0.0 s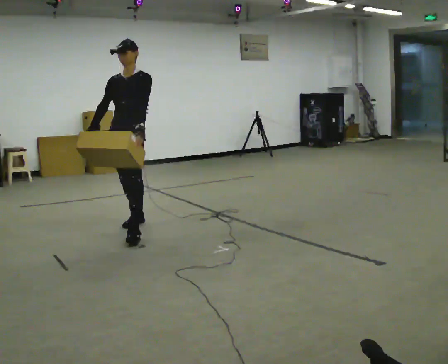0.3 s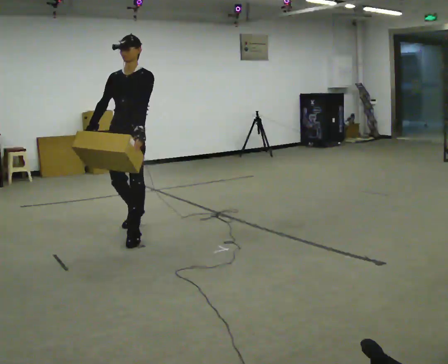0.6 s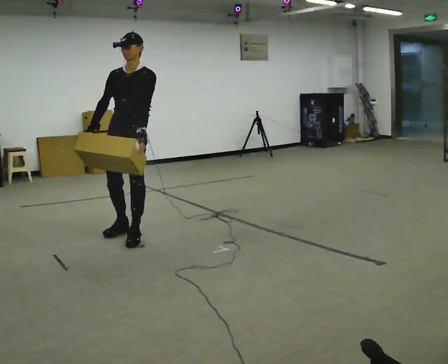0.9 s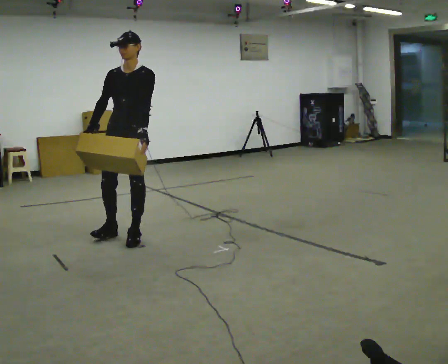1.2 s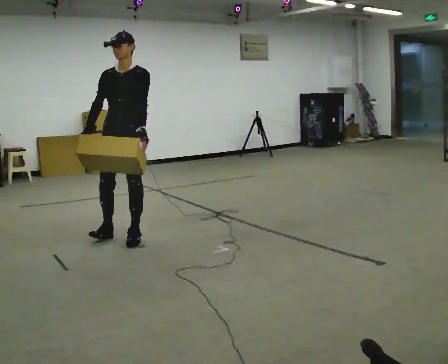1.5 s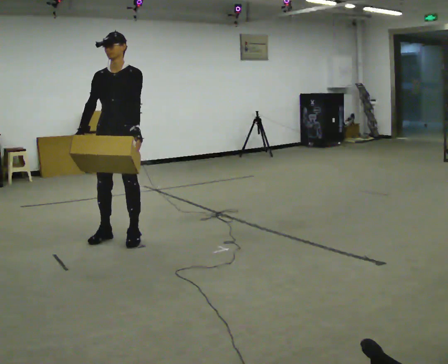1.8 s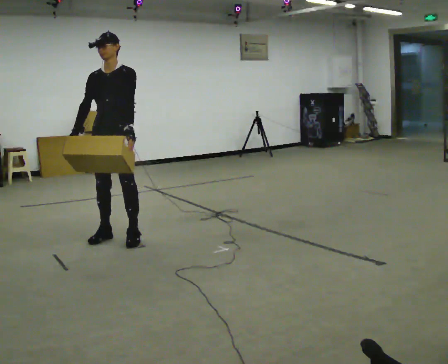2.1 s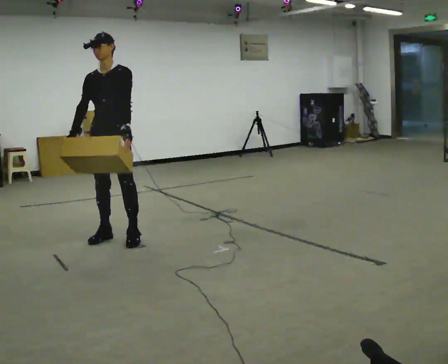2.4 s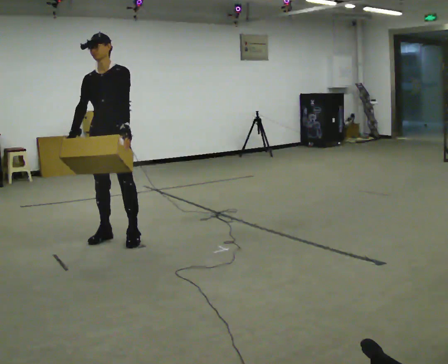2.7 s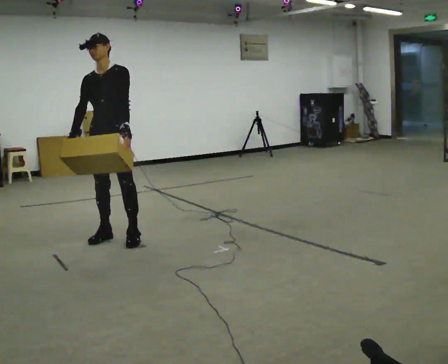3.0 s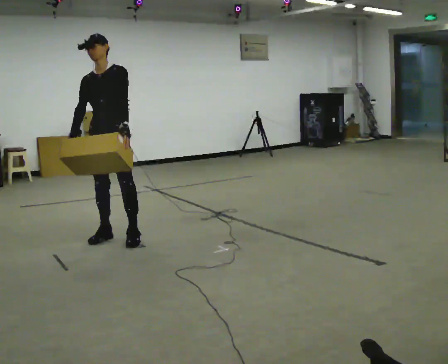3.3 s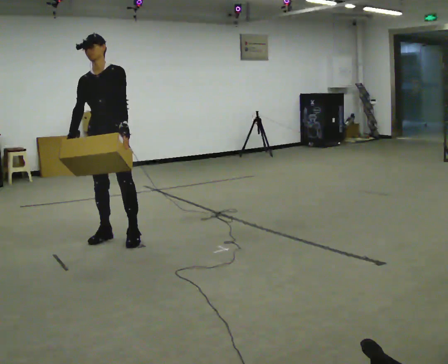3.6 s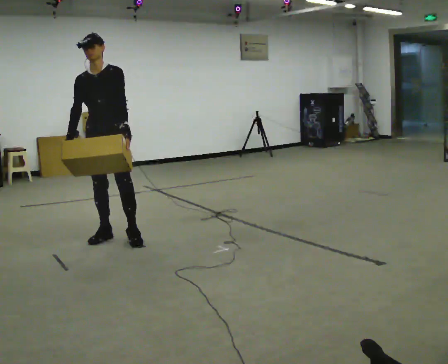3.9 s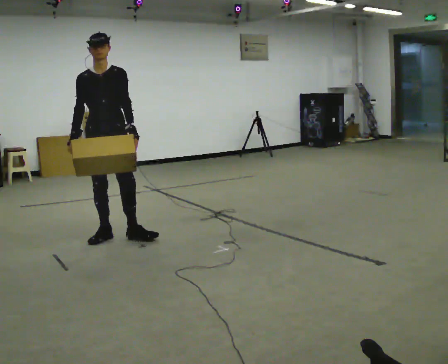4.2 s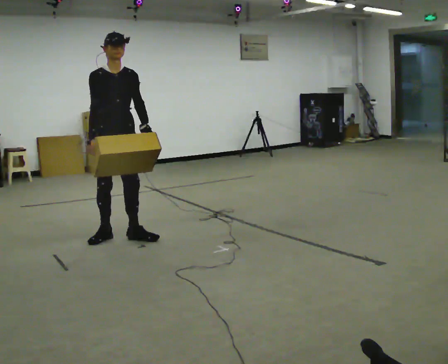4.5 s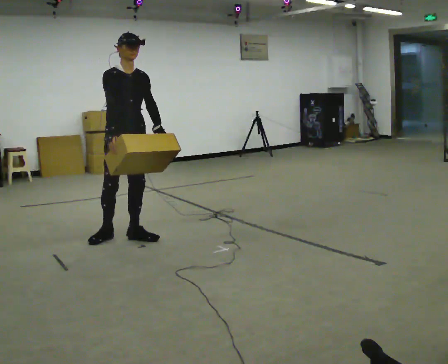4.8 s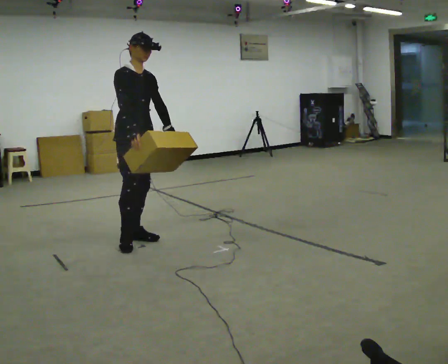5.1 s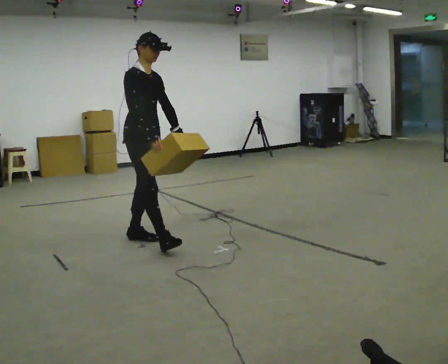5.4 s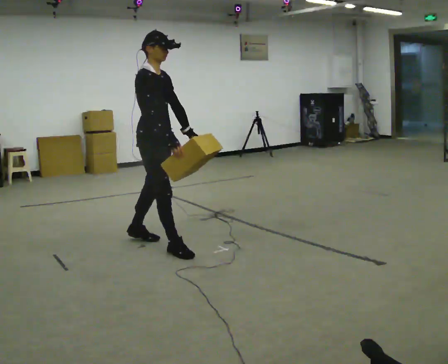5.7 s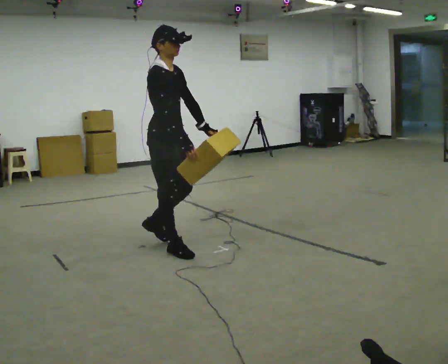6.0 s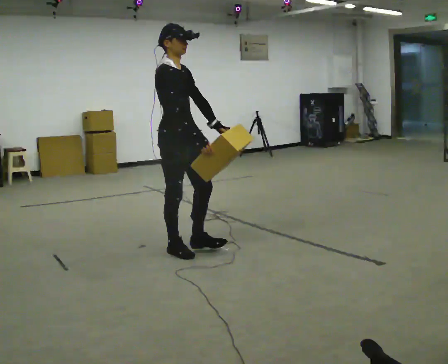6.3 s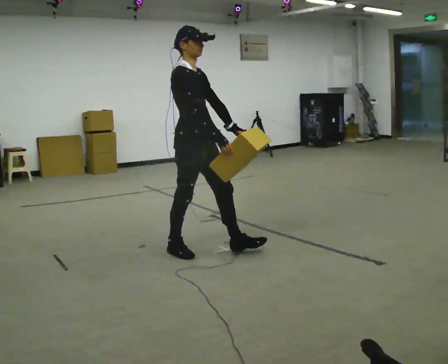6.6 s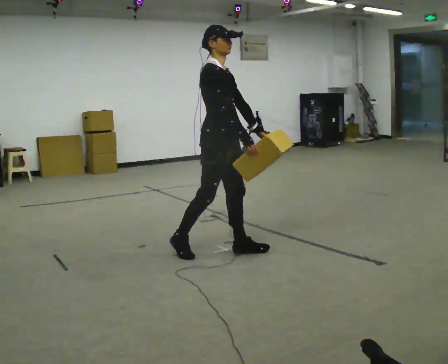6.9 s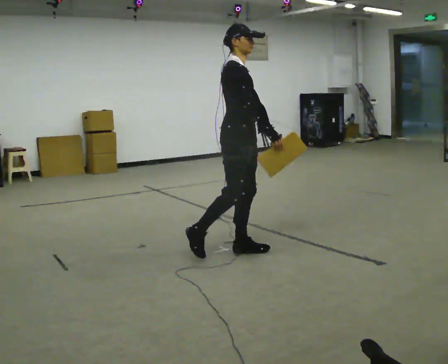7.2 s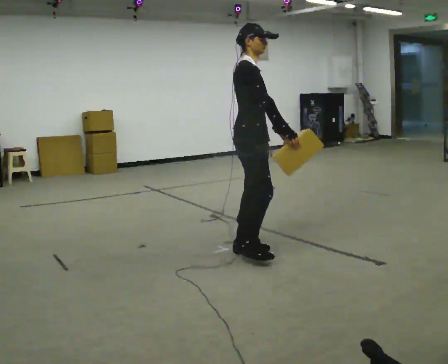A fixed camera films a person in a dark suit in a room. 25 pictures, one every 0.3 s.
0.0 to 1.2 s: In the picture they go toward the camera, about 0.25 m in 1 step, which for them is forward.
1.2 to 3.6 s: The person moves a little, or ends about where they began.
3.6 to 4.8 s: Seen from above the body turns counterclockwise, about 45 degrees: to their left, with its near side sliding to the right. In the picture they go to the right, about 0.25 m, which for them is to their left and forward. In the picture the upper body tilts clockwise, shoulders to the right. In the picture their right hand goes to the right.
4.8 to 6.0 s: In the picture they go toward the camera and to the right, about 0.5 m in 1 step, which for them is forward.
6.0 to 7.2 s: In the picture they go to the right, about 0.5 m in 1 step, which for them is forward.
The film runs forward here.
